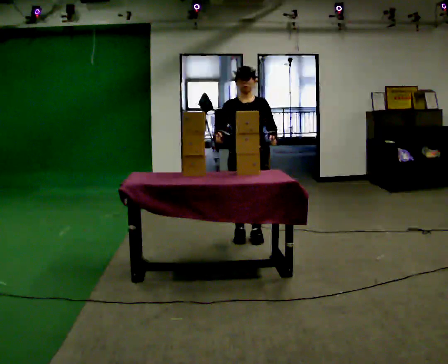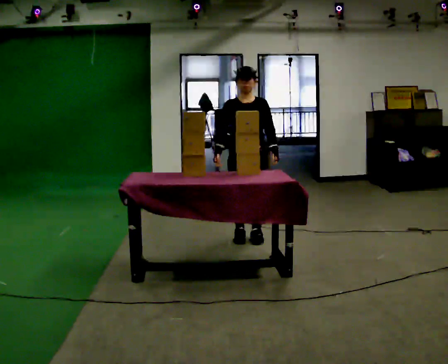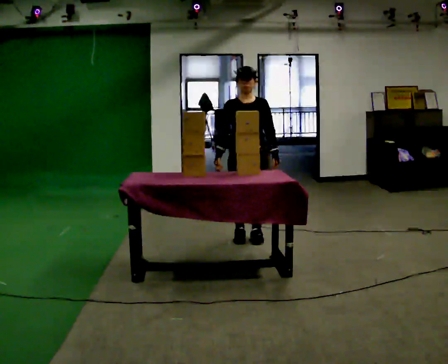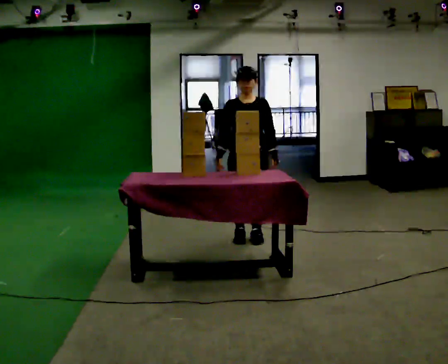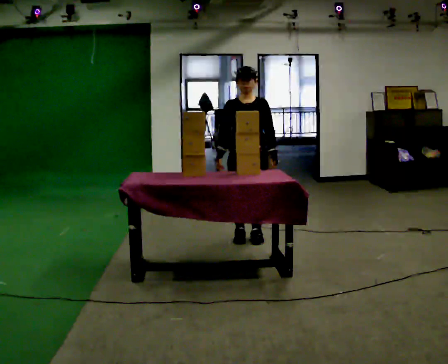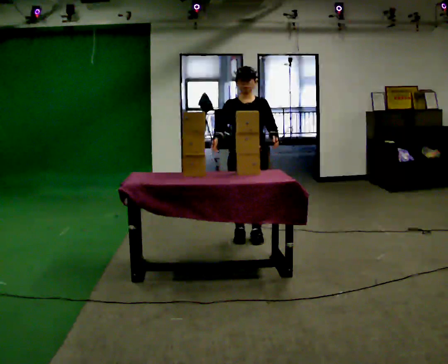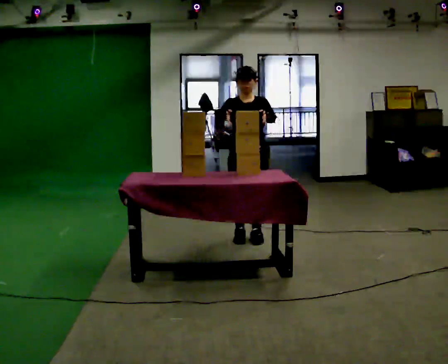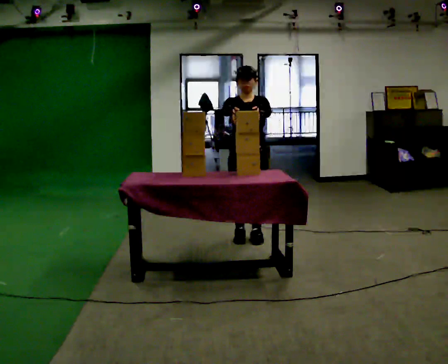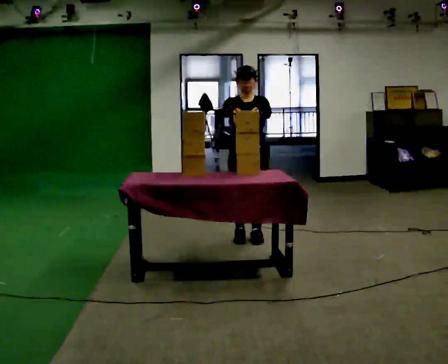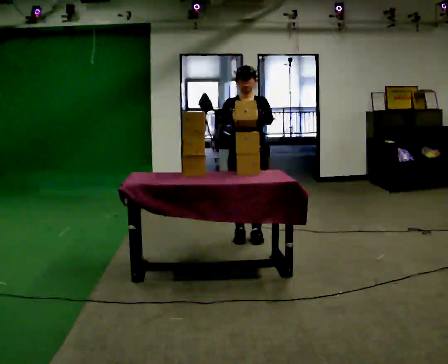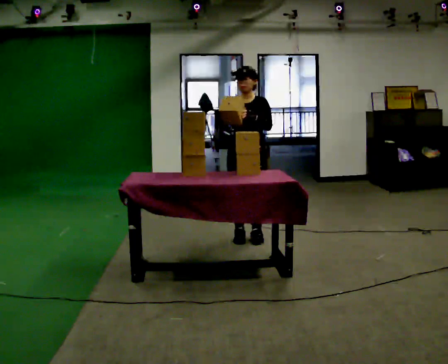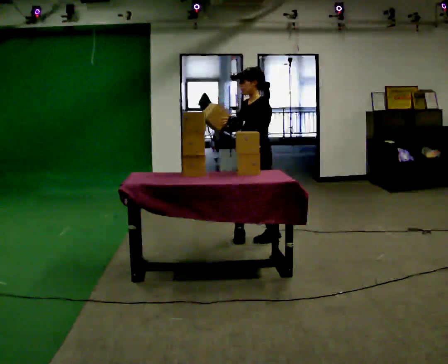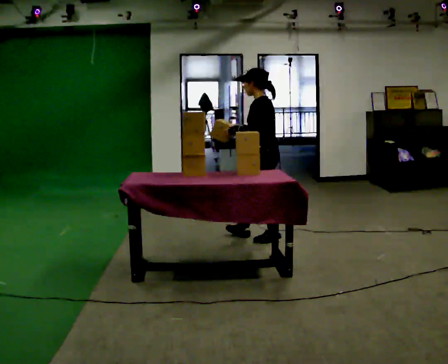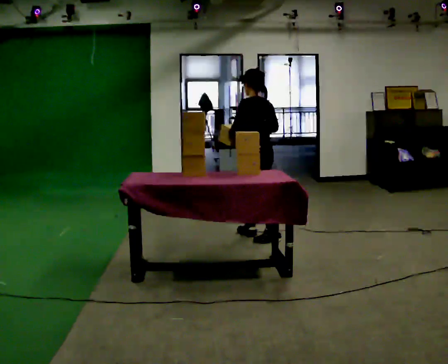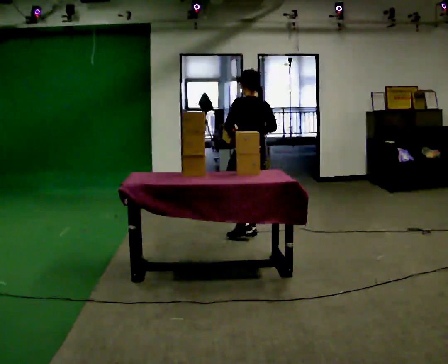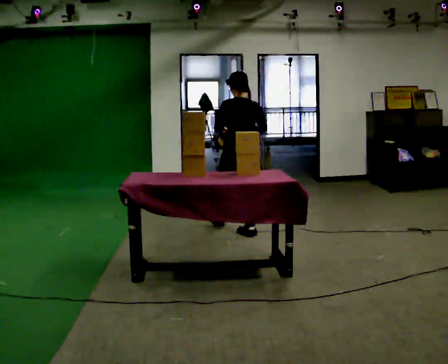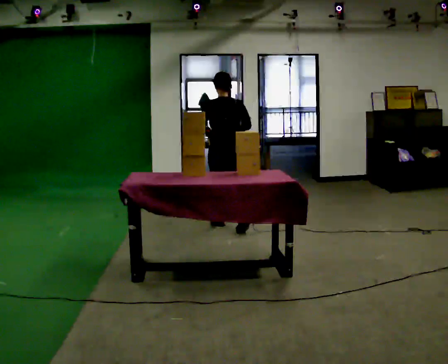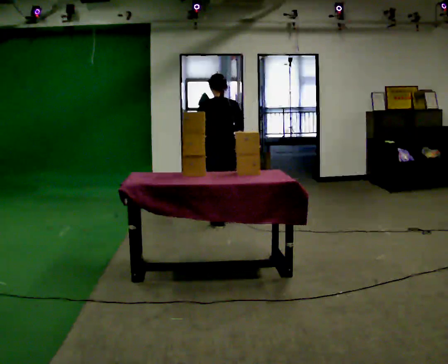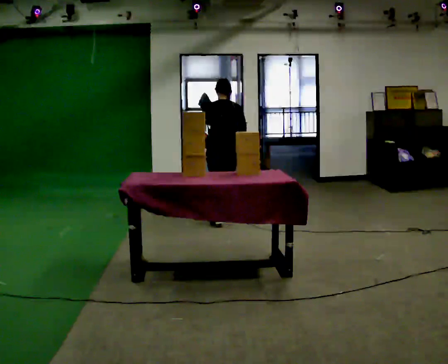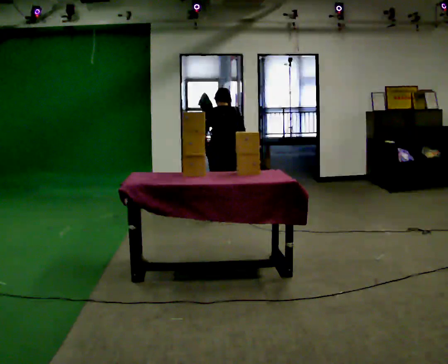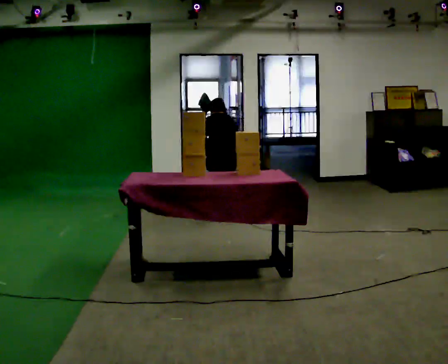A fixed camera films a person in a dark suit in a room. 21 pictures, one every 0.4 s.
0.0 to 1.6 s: The person moves a little, or ends about where they began.
1.6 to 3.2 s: In the picture their right hand goes upward.
3.2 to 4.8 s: The person turns about 105 degrees to their right, clockwise seen from above, so the part of the body nearest the lens slides to the left. In the picture they go to the right, about 0.25 m in 1 step.
4.8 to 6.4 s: The person turns about 60 degrees to their right, clockwise seen from above, so the part of the body nearest the lens slides to the left. In the picture they go away from the camera and to the left, about 0.5 m in 1 step.
6.4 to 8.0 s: In the picture they go away from the camera, about 0.25 m in 2 steps, which for them is forward. The shoulders move downward. The upper body tips away from the camera, its near side rolling upward, as they bend forward. In the picture their right hand goes downward.
The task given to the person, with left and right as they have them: Pick an object up off the floor at one end of the room, carry it across, and place it on the waist-height shelf at the other end. Keep going until the operator says stop; one object at a time, and do not rush between trips.
The film runs forward here.
